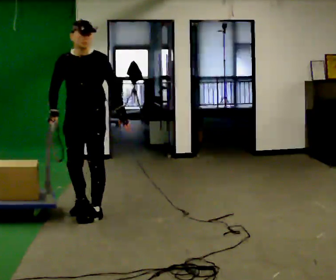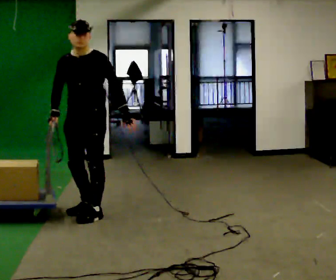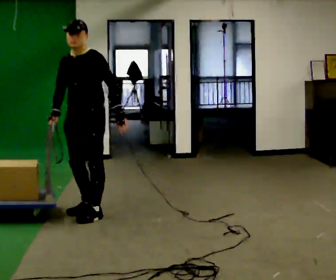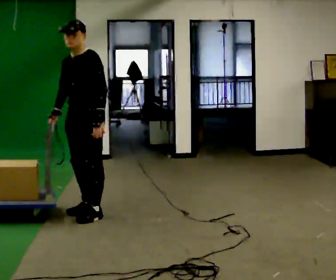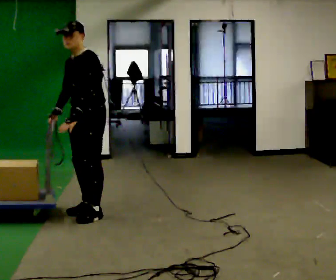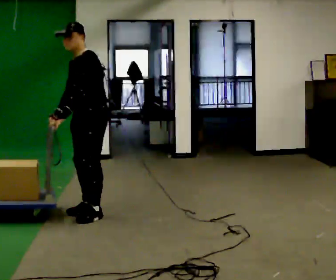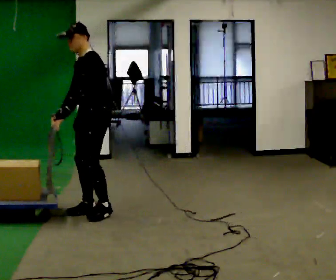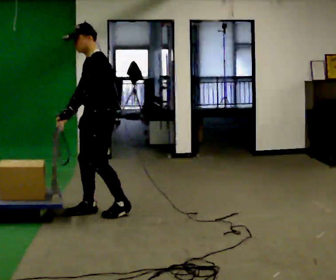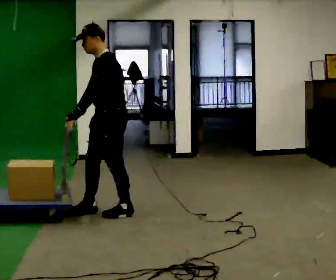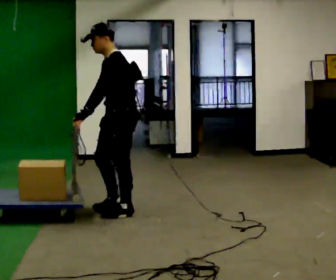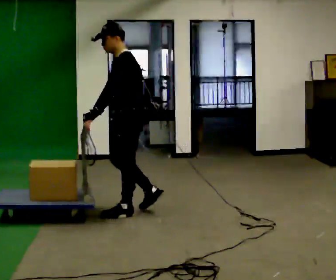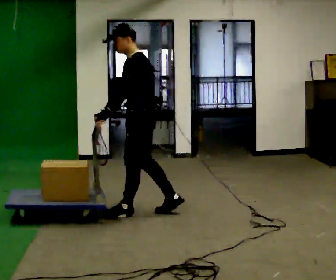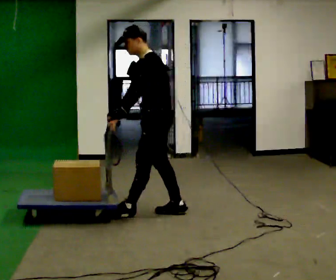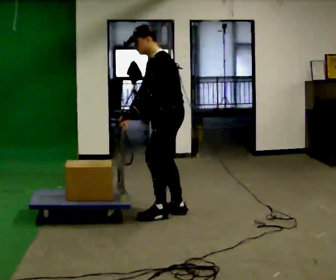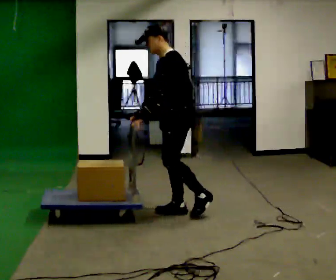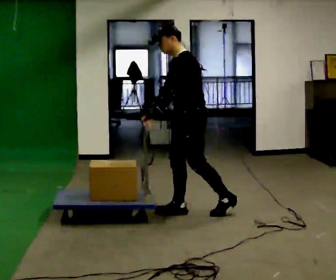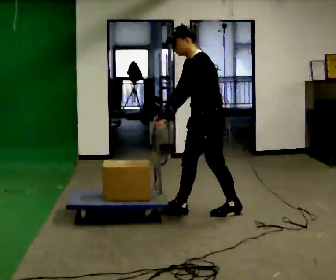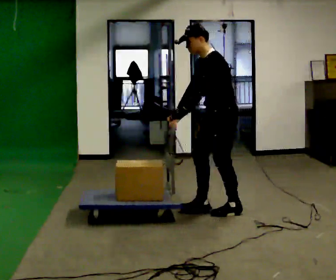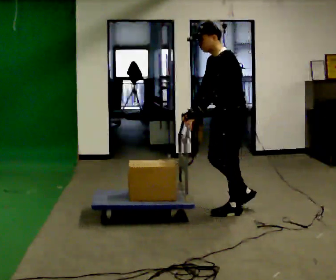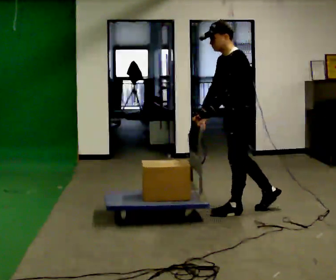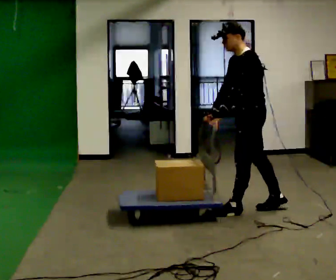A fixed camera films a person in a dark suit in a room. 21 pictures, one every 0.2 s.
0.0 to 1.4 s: The part of the body nearest the lens slides to the left as the person turns to their right by about 60 degrees. In the picture their left hand goes to the left, the arm swinging clockwise.
1.4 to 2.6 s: In the picture they go to the right, about 0.5 m in 2 steps, which for them is backward.
2.6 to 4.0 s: In the picture they go to the right, about 0.5 m in 1 step, which for them is backward.
The film runs backward here.
